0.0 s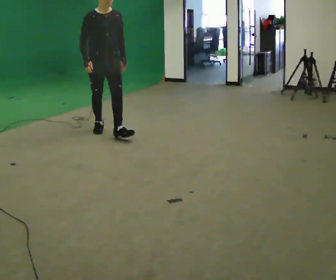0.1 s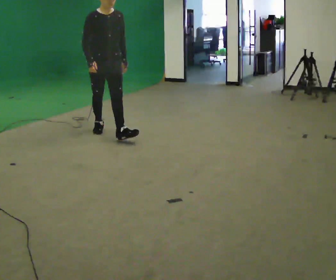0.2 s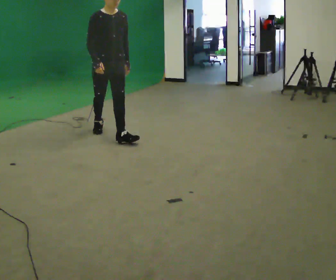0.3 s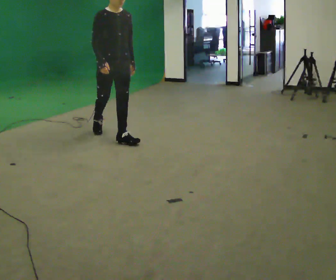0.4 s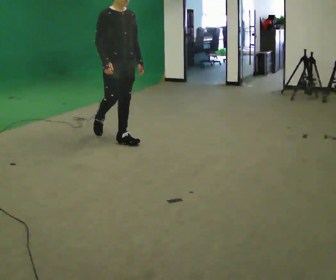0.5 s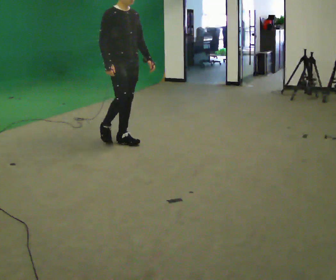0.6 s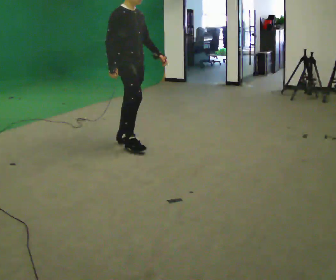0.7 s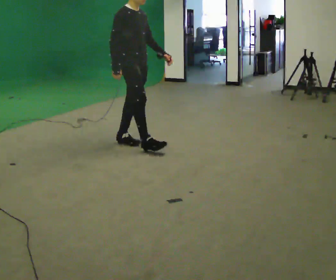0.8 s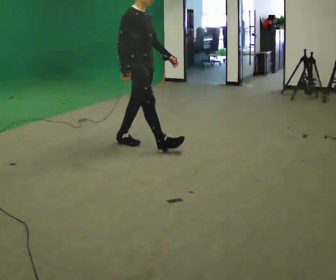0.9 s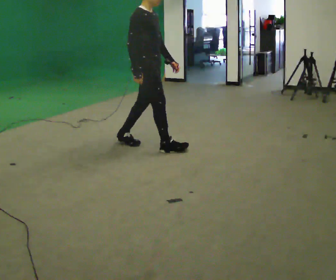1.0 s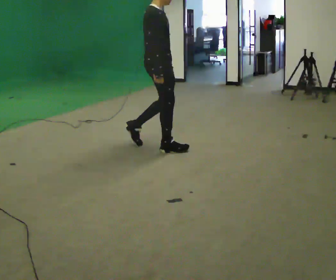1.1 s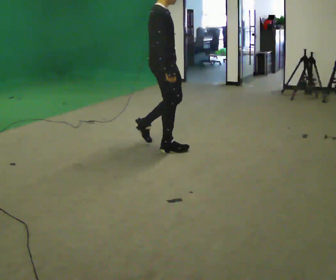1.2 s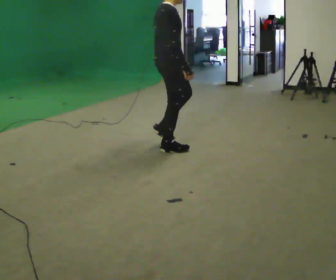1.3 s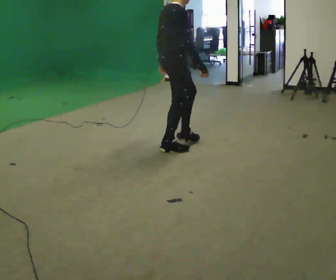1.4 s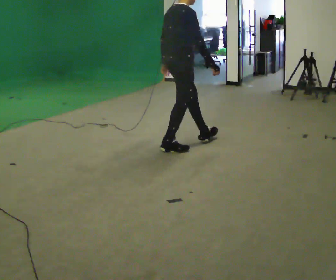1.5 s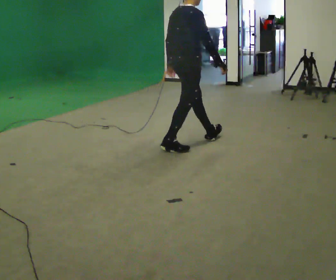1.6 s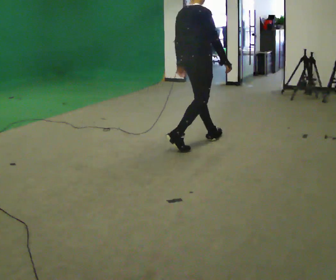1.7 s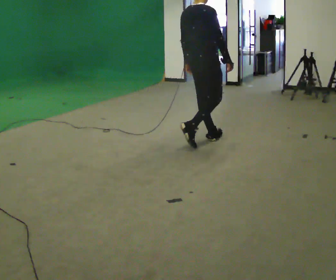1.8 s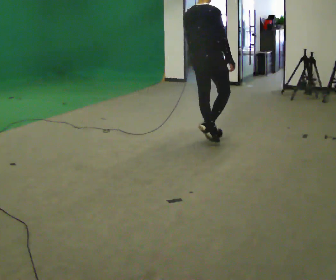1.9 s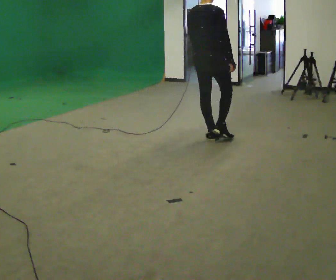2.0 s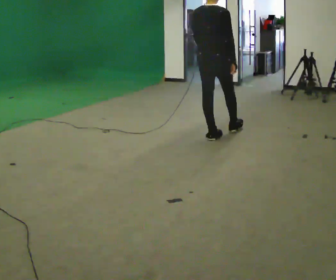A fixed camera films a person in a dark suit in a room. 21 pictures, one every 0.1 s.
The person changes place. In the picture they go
to the right.
The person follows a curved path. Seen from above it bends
counterclockwise.
0.0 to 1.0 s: The part of the body nearest the lens slides to the right as the person turns to their left by about 60 degrees. In the picture they go to the right and toward the camera, about 1 m in 2 steps.
1.0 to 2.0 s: The person turns about 60 degrees to their left, counterclockwise seen from above, so the part of the body nearest the lens slides to the right. In the picture they go to the right and away from the camera, about 0.5 m in 1 step.
The film runs forward here.
